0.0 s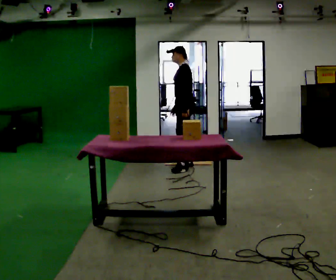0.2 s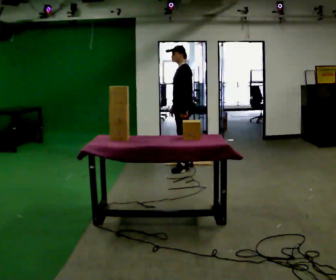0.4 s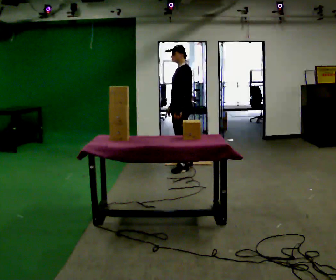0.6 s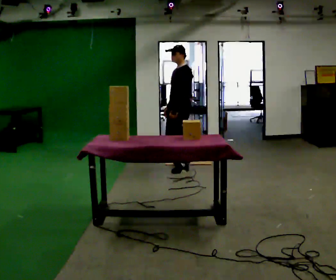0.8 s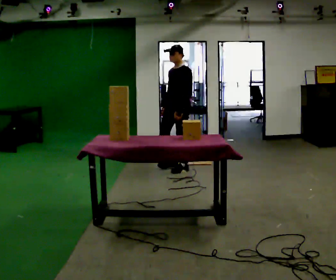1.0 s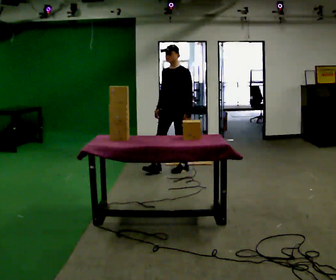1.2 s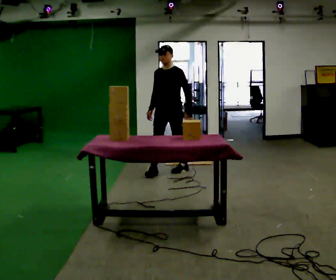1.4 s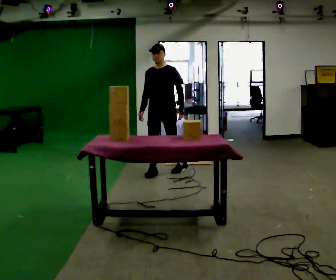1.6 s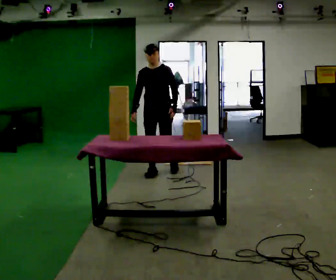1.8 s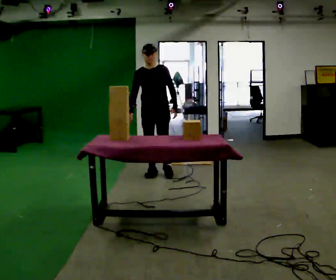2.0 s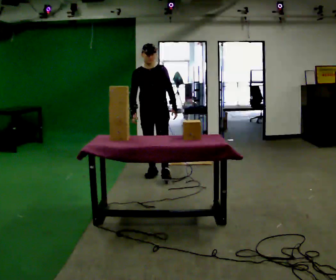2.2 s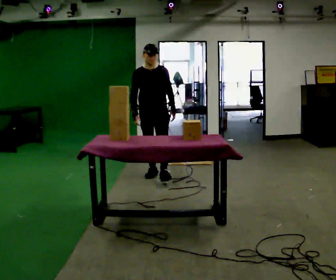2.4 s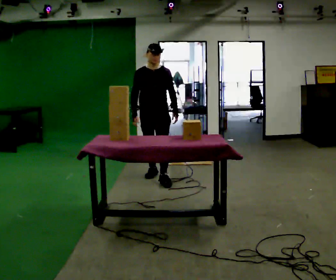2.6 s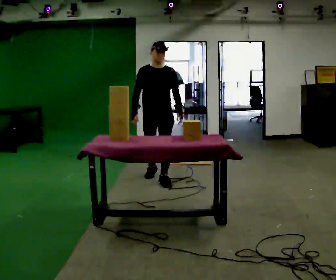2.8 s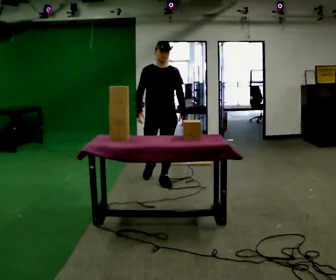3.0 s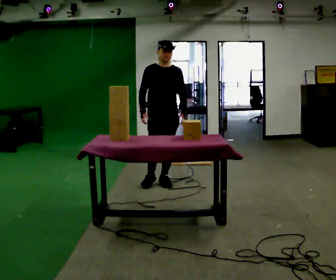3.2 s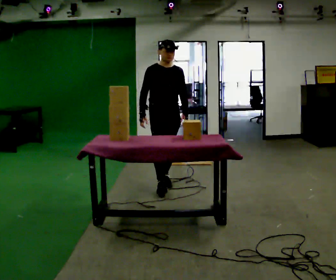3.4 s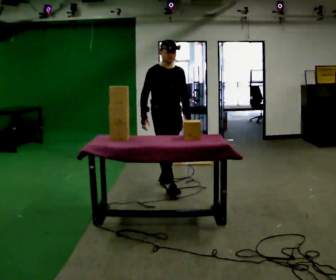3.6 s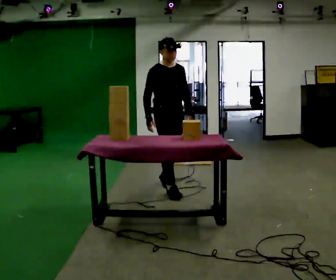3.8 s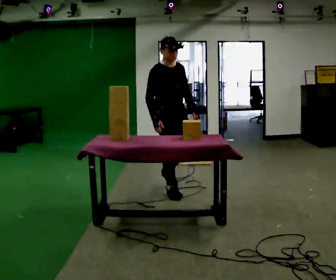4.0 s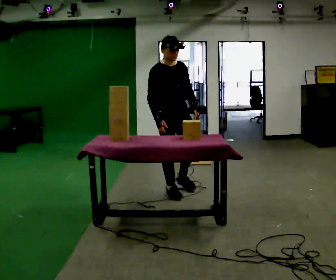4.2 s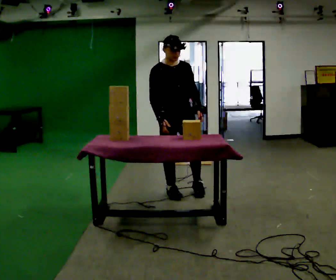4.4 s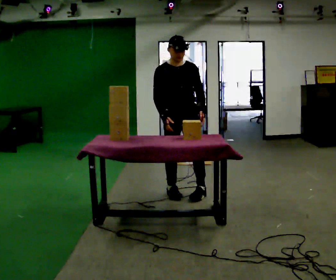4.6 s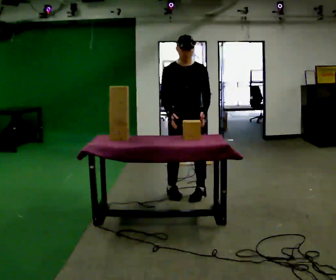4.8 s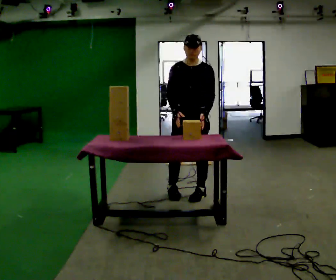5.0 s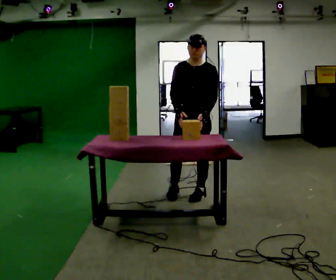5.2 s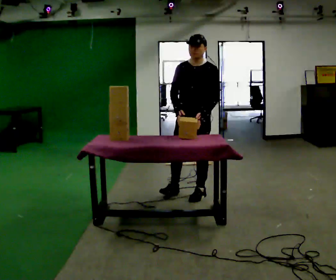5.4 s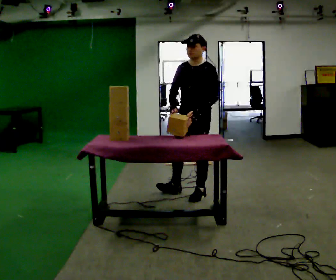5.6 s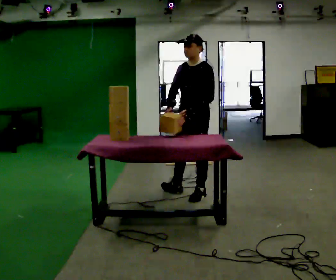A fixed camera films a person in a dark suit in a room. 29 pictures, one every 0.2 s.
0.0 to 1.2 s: Seen from above the body turns counterclockwise, about 60 degrees: to their left, with its near side sliding to the right. In the picture they go toward the camera and to the left, about 0.25 m in 1 step, which for them is forward.
1.2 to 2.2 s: The part of the body nearest the lens slides to the right as the person turns to their left by about 30 degrees. In the picture they go toward the camera and to the left, about 0.25 m in 1 step, which for them is forward and to their right.
2.2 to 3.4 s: Seen from above the body turns counterclockwise, about 30 degrees: to their left, with its near side sliding to the right. In the picture they go toward the camera, about 0.5 m in 1 step, which for them is forward.
3.4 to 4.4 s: In the picture they go toward the camera and to the right, about 0.25 m in 1 step, which for them is forward.
4.4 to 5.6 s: Seen from above the body turns clockwise, about 60 degrees: to their right, with its near side sliding to the left. In the picture they go to the right, about 0.25 m.
The film runs forward here.
